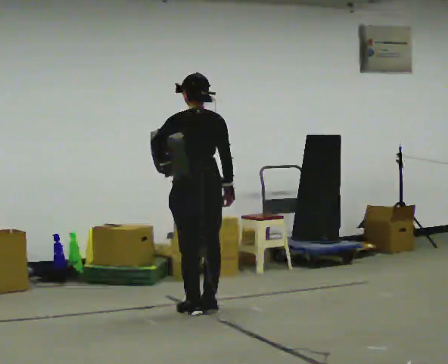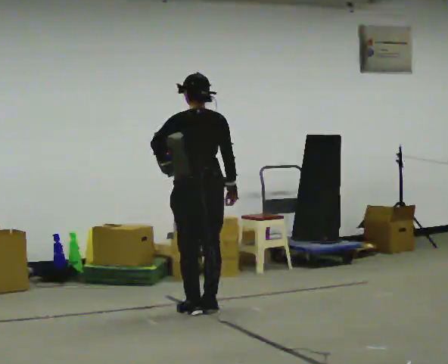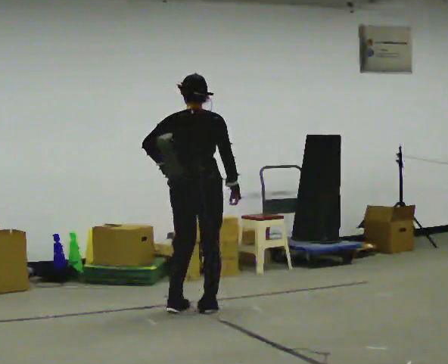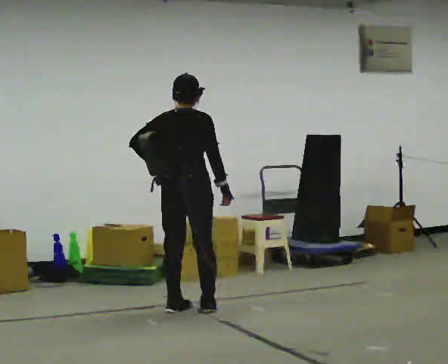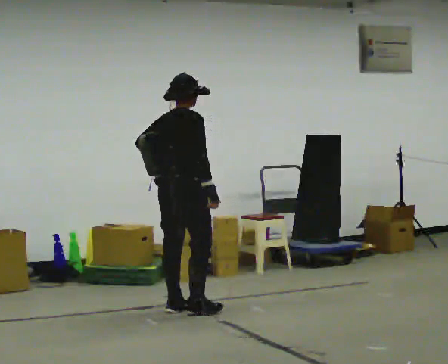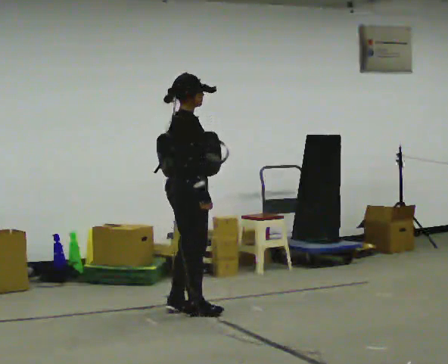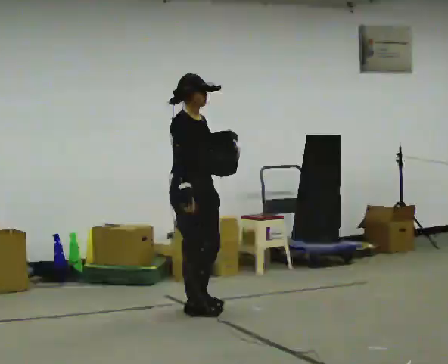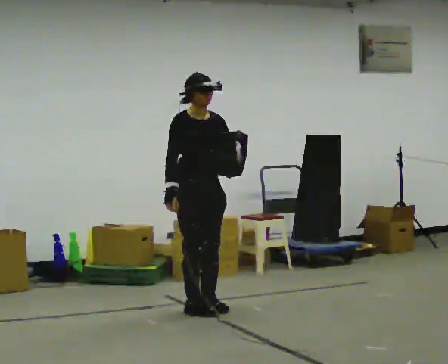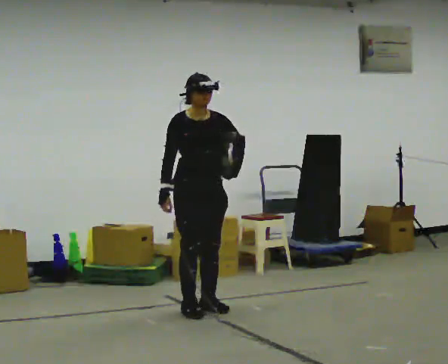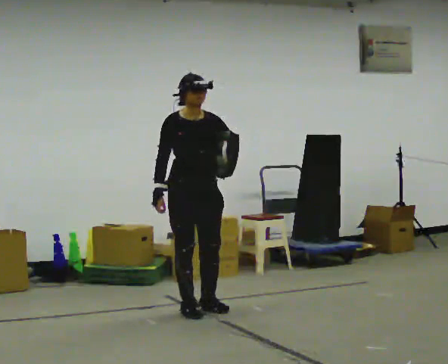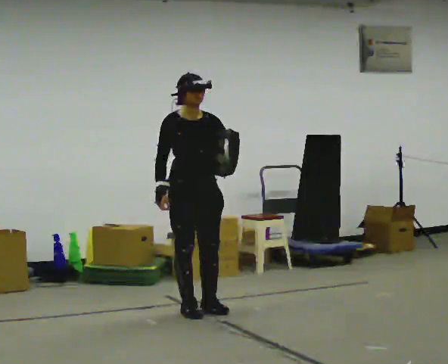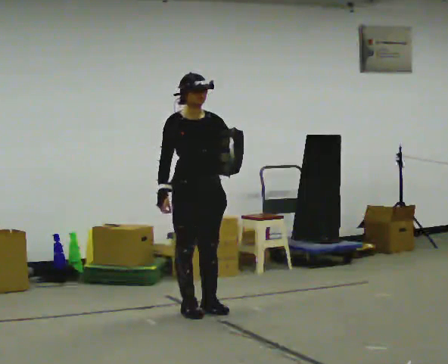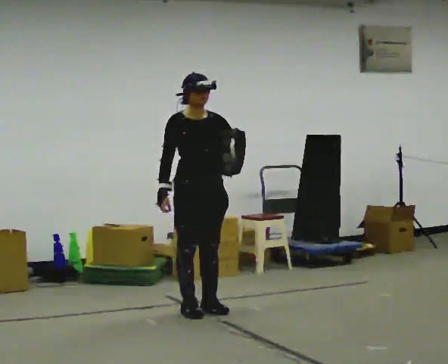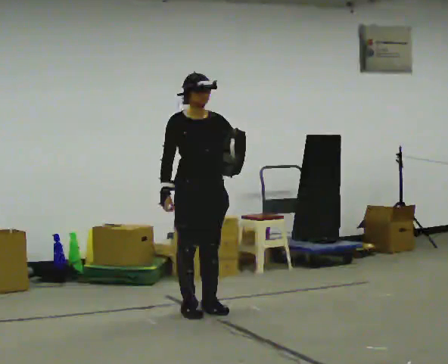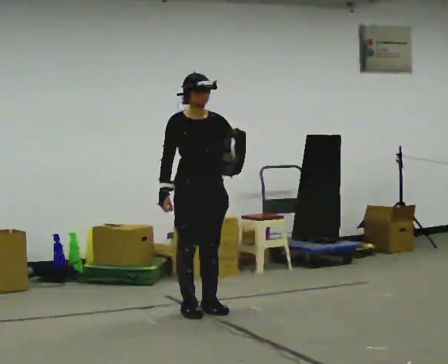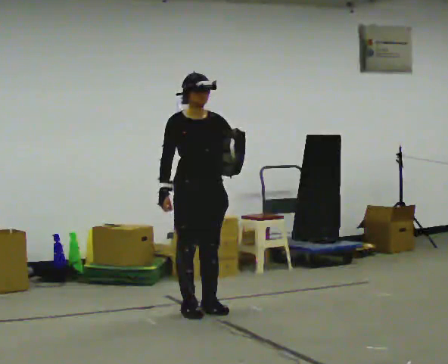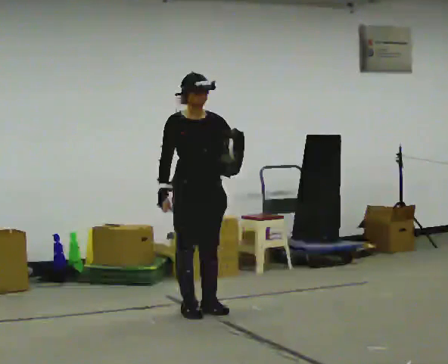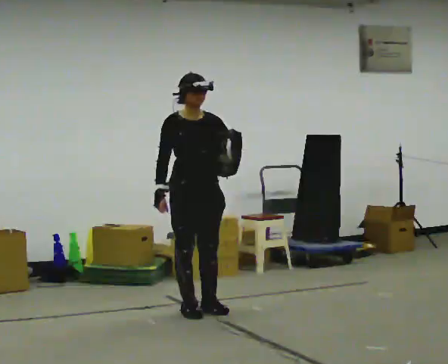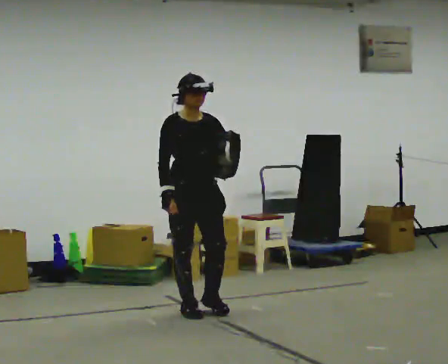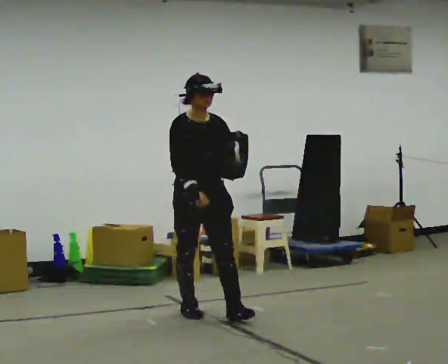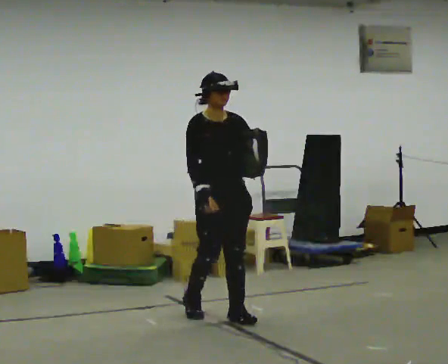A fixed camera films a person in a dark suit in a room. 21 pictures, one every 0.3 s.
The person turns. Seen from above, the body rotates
clockwise.
Their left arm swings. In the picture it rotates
counterclockwise.
0.0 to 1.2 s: Seen from above the body turns clockwise, about 75 degrees: to their right, with its near side sliding to the left.
1.2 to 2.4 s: Seen from above the body turns clockwise, about 105 degrees: to their right, with its near side sliding to the left. In the picture their right hand goes to the left, the arm swinging clockwise.
2.4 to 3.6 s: The person moves a little, or ends about where they began.
3.6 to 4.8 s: The person keeps their place and pose.
4.8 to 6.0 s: In the picture they go toward the camera and to the right, about 0.25 m in 1 step, which for them is forward.
The film runs forward here.
